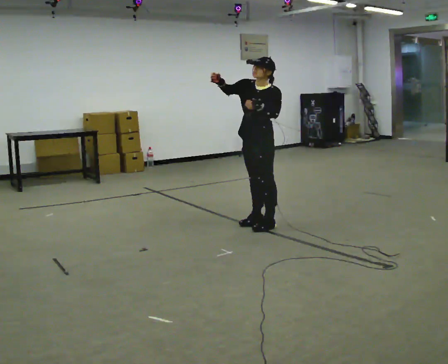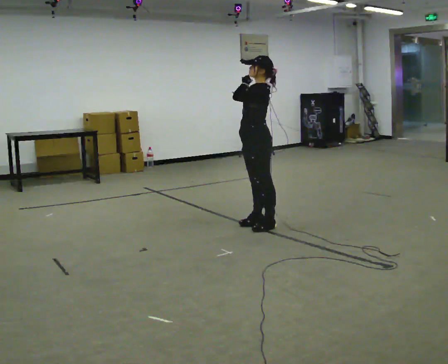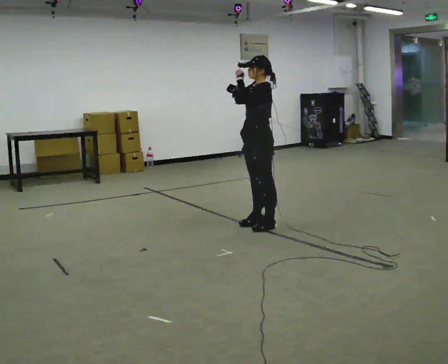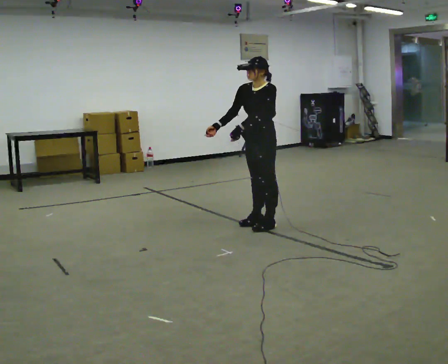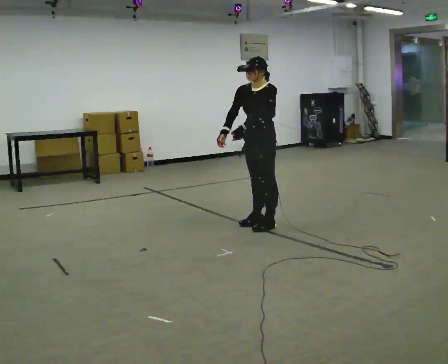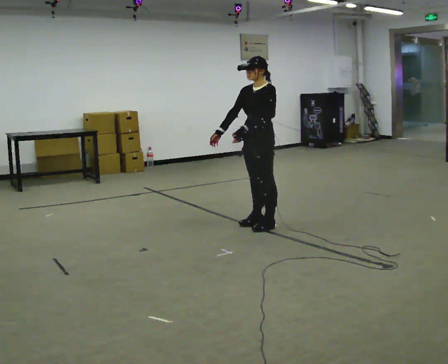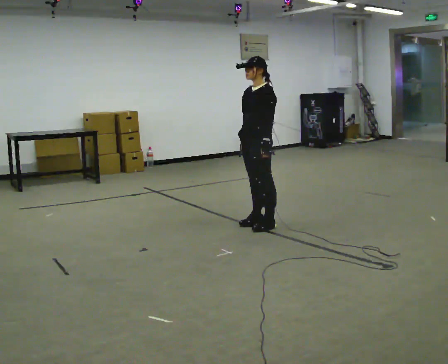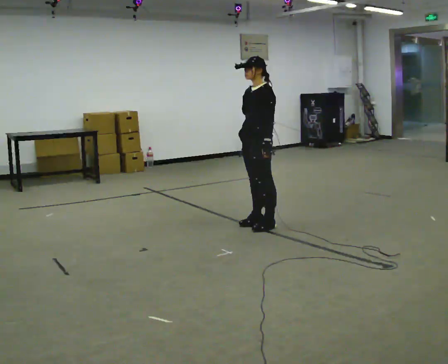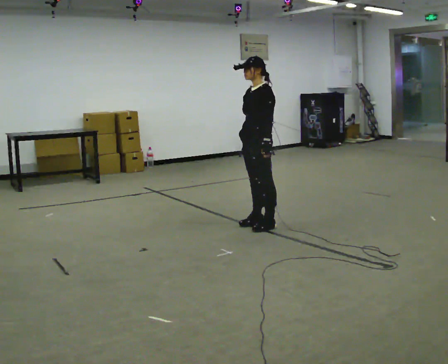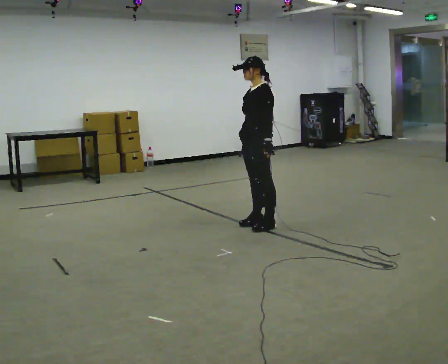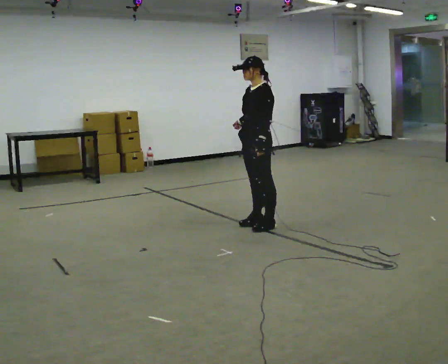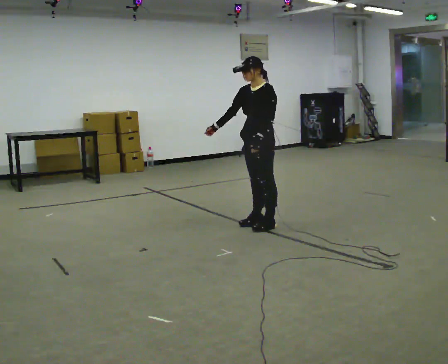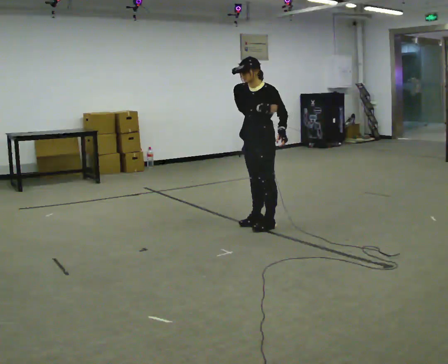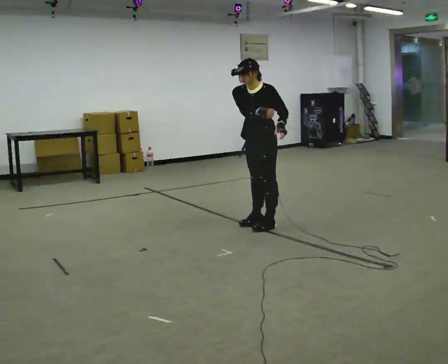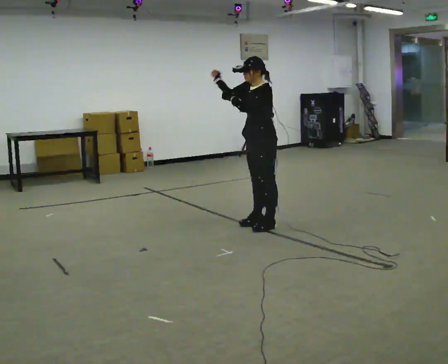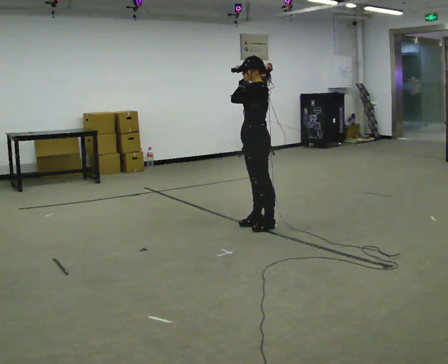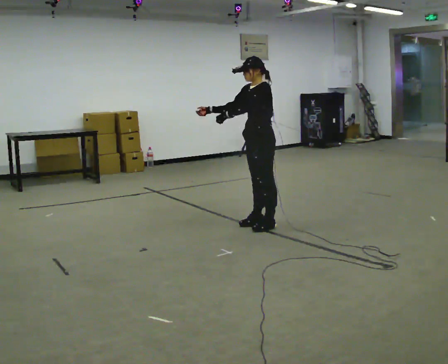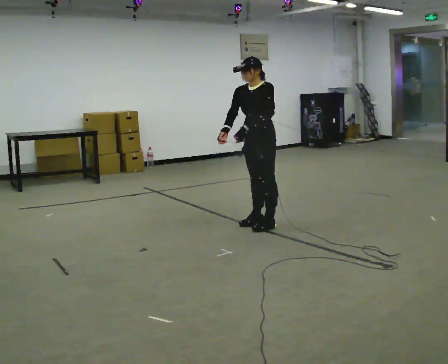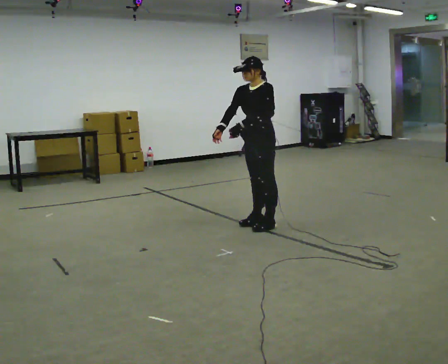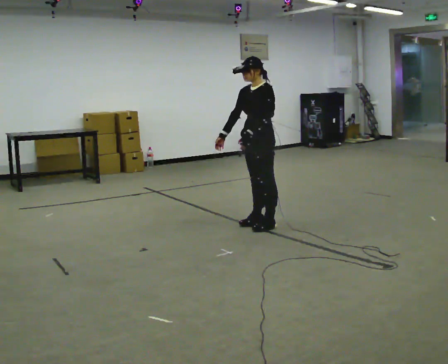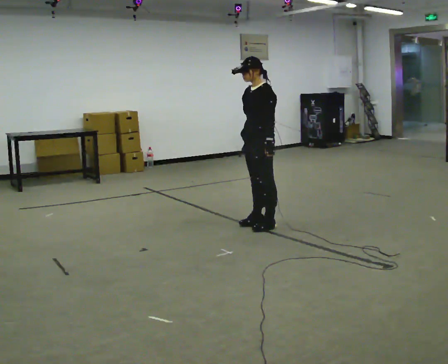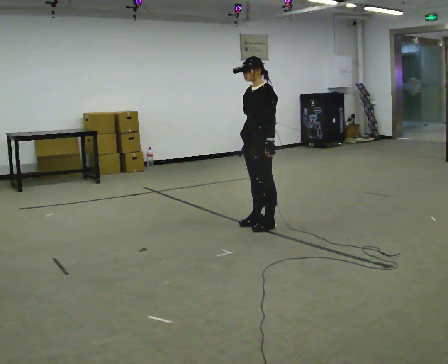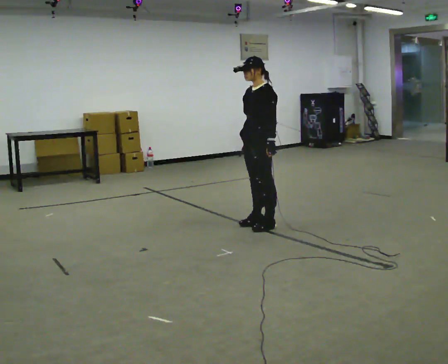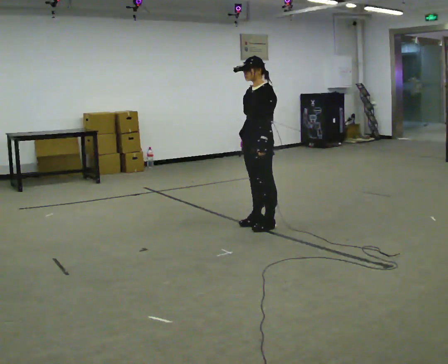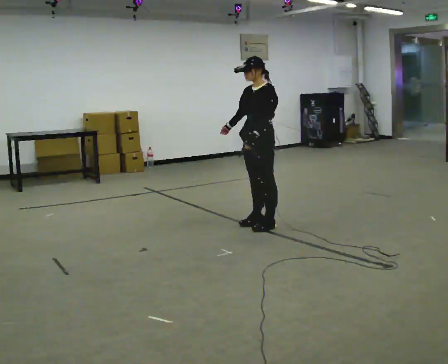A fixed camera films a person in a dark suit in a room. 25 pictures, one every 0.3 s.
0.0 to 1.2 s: In the picture their right hand goes downward.
1.2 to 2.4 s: The person moves a little, or ends about where they began.
2.4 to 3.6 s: In the picture their right hand goes upward.
3.6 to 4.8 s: In the picture their right hand goes to the left.
4.8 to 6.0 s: In the picture their left hand goes to the right, the arm swinging counterclockwise.
6.0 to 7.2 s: The person moves a little, or ends about where they began.
The film runs backward here.
